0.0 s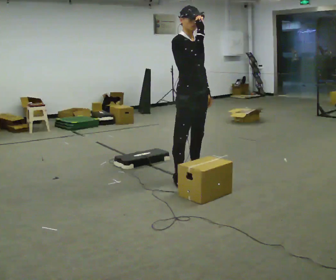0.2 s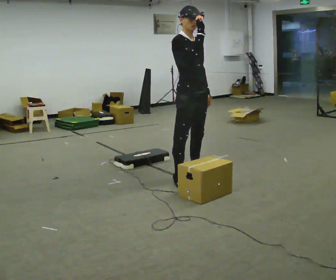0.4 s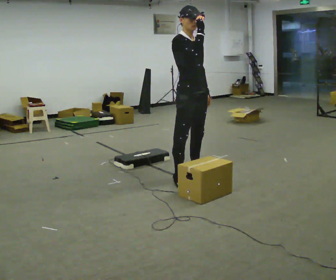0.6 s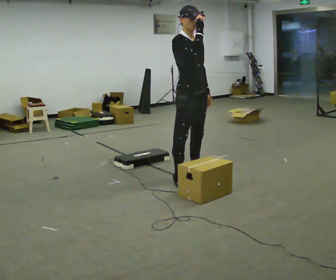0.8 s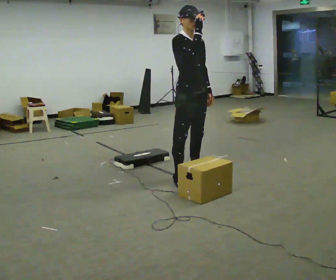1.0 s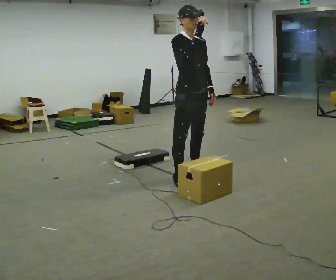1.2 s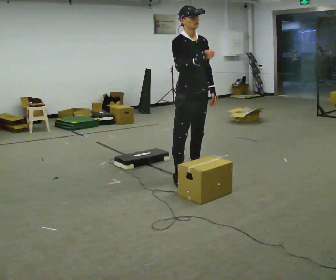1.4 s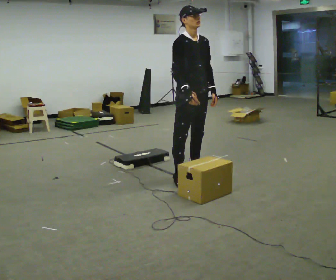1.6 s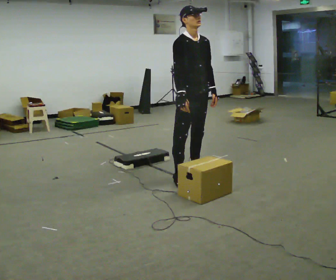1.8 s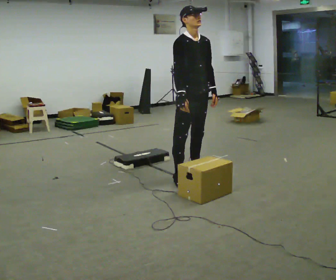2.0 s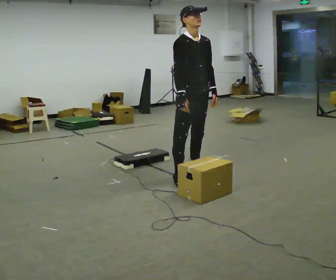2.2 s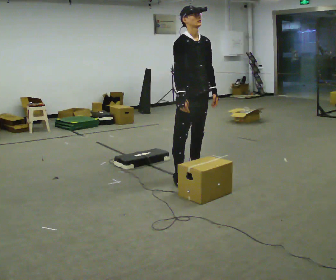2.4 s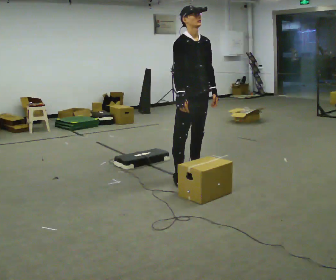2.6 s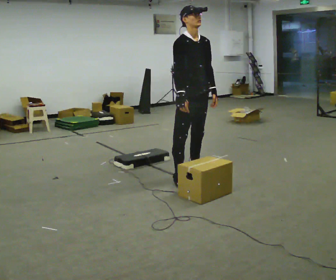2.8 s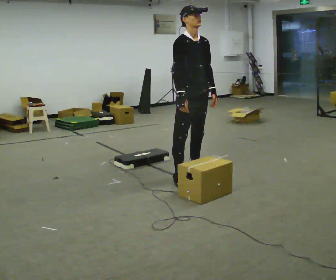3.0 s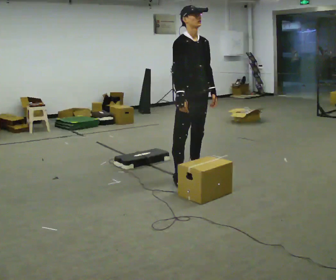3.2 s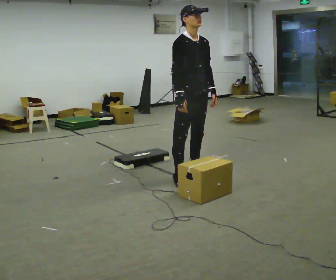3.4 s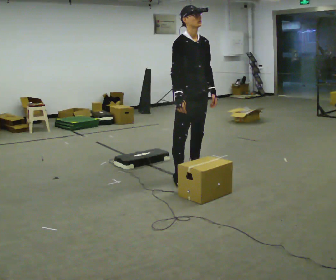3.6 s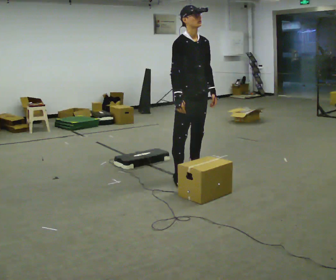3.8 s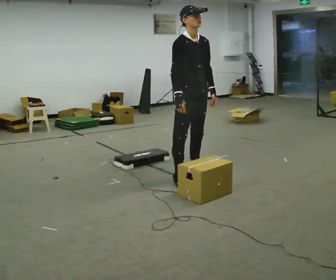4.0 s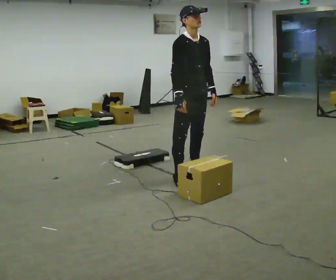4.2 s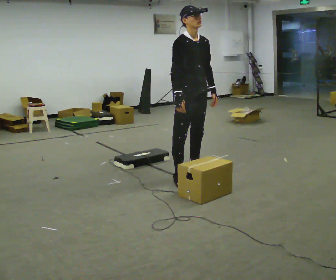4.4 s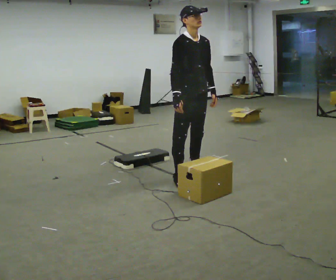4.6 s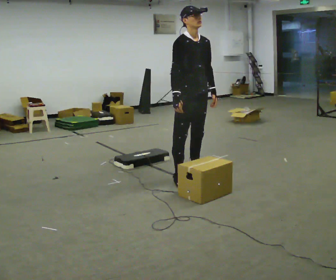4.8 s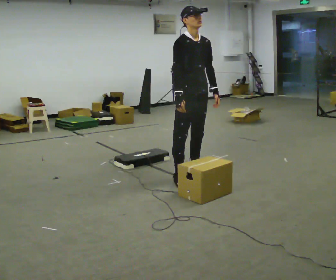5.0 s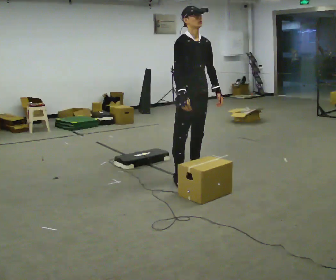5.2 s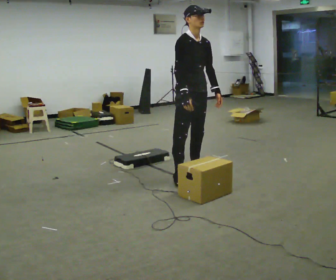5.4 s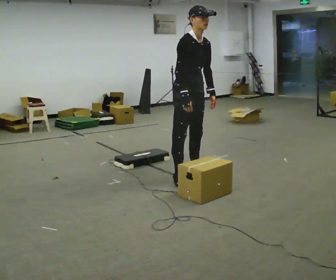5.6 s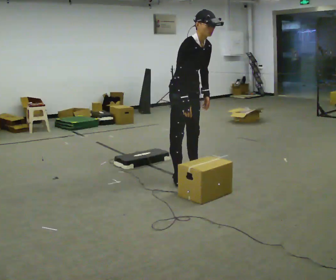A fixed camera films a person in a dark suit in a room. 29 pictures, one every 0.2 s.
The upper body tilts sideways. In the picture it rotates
clockwise.
Their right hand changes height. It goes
downward.
0.0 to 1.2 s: The person moves a little, or ends about where they began.
1.2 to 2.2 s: In the picture their right hand goes downward.
2.2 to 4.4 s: The person moves a little, or ends about where they began.
4.4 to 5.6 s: In the picture the upper body tilts clockwise, shoulders to the right, as they bend forward.
The film runs backward here.
